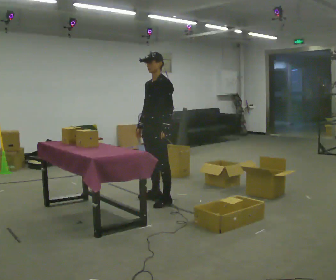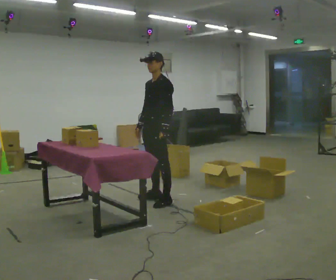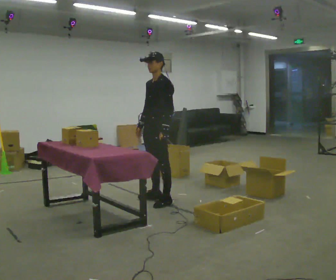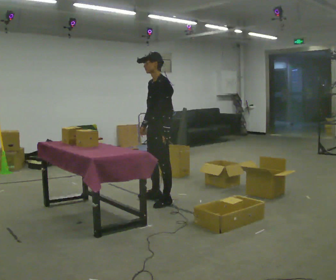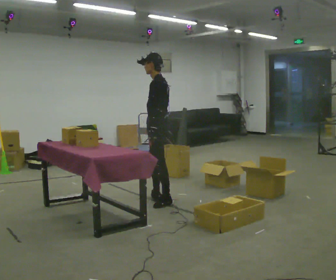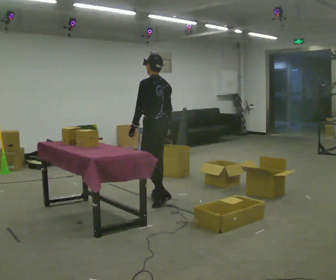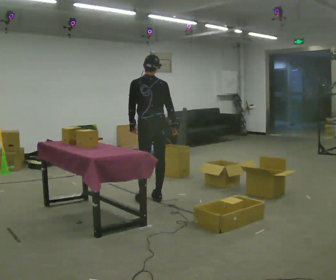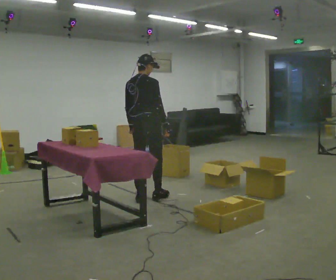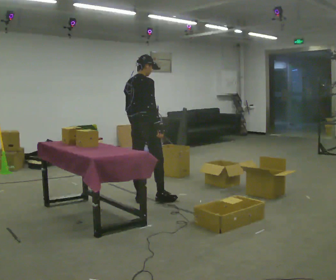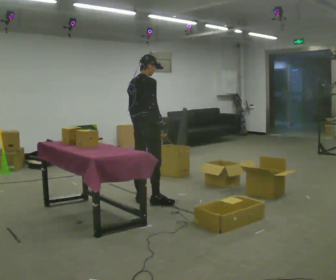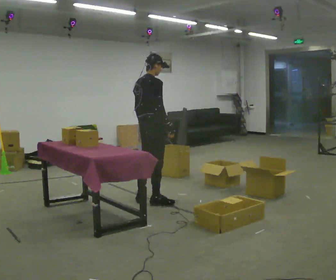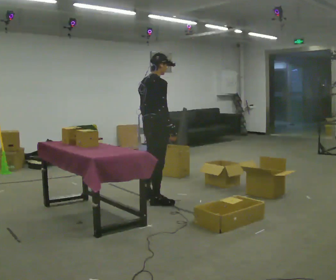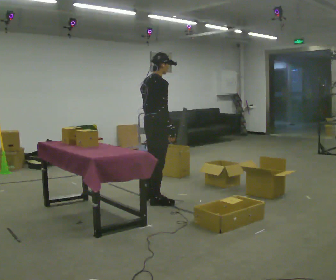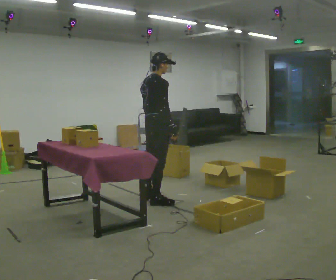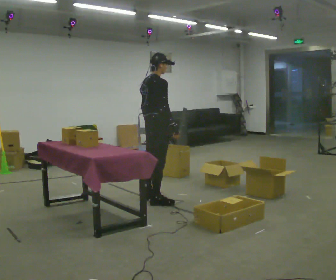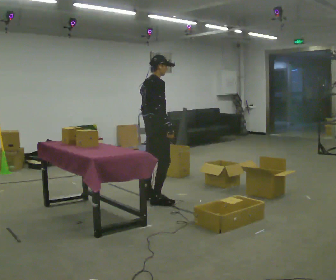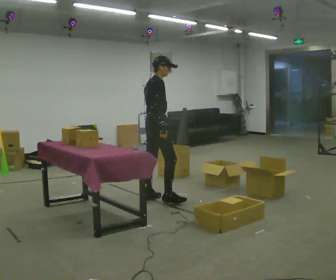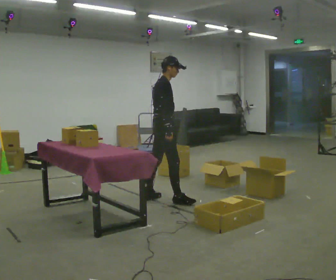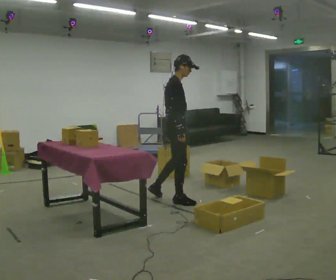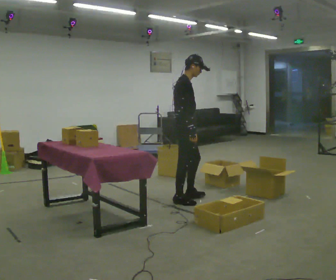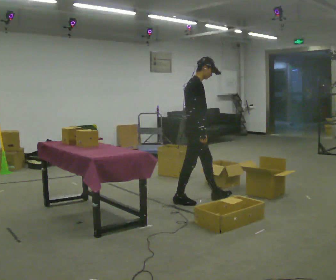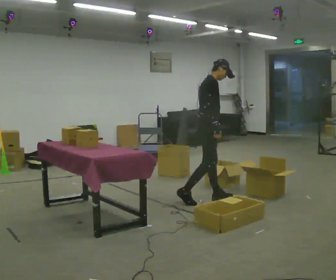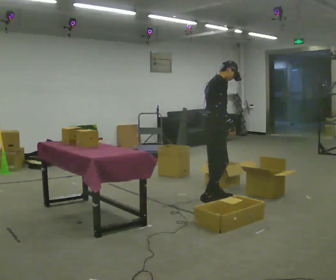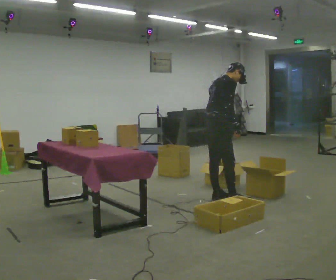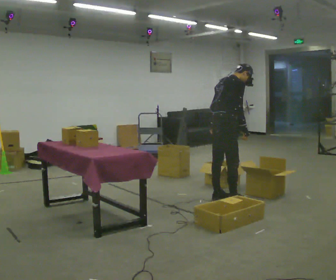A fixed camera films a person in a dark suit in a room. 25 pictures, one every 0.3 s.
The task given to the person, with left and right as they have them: Take the objects from the bin one at a time and put one in each of the places the operator points out. Keep going until the operator says stop; one object at a time, and do not rush between trips.
0.0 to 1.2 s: The person turns about 45 degrees to their right, clockwise seen from above, so the part of the body nearest the lens slides to the left.
1.2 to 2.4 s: The person turns about 120 degrees to their right, clockwise seen from above, so the part of the body nearest the lens slides to the left. In the picture they go to the left, about 0.25 m in 1 step.
2.4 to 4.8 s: Seen from above the body turns clockwise, about 30 degrees: to their right, with its near side sliding to the left.
4.8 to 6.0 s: In the picture they go to the right, about 0.5 m in 2 steps, which for them is forward and to their right.
6.0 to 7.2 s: Seen from above the body turns counterclockwise, about 30 degrees: to their left, with its near side sliding to the right. In the picture they go to the right, about 0.25 m in 1 step, which for them is forward. In the picture the upper body tilts clockwise, shoulders to the right, as they bend forward.
The film runs forward here.
